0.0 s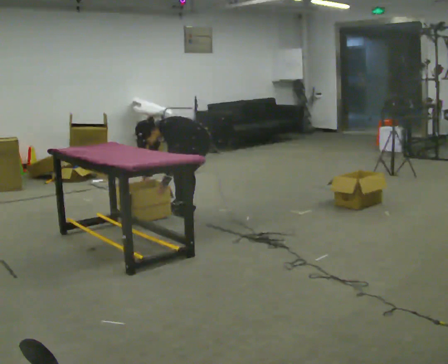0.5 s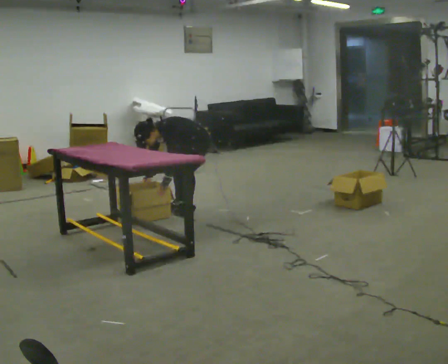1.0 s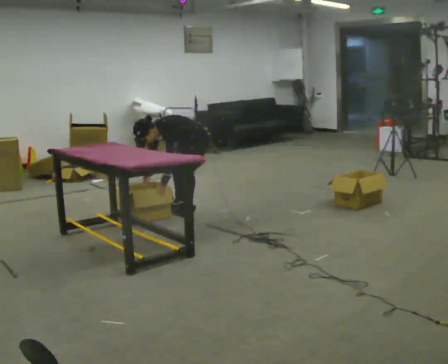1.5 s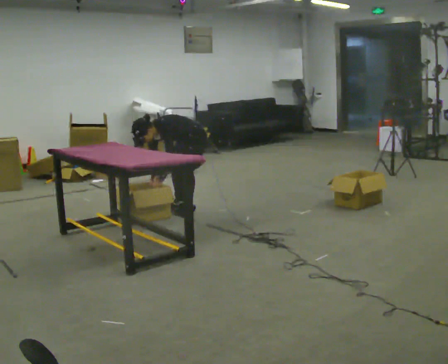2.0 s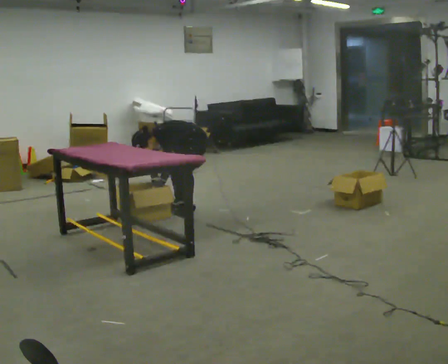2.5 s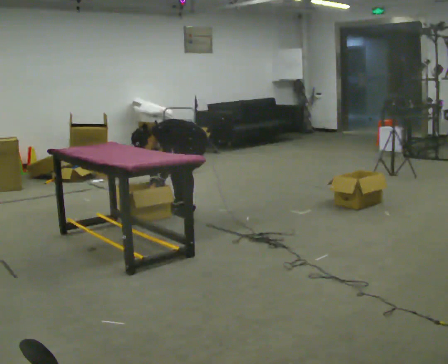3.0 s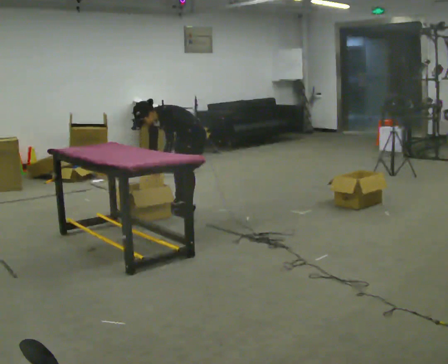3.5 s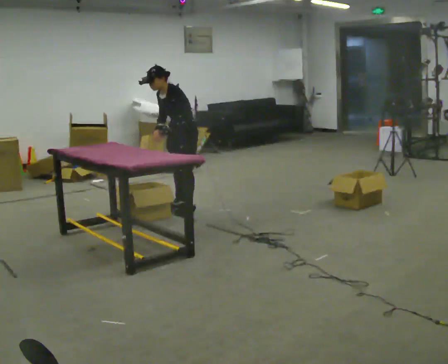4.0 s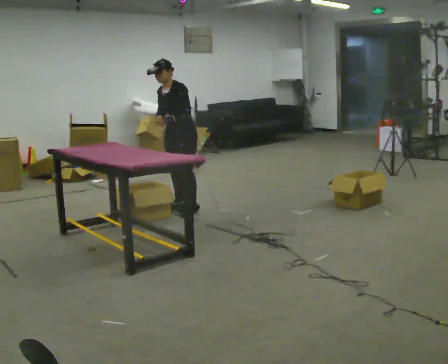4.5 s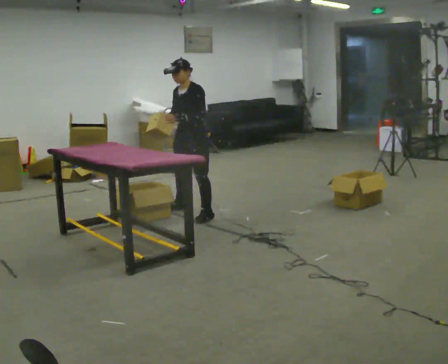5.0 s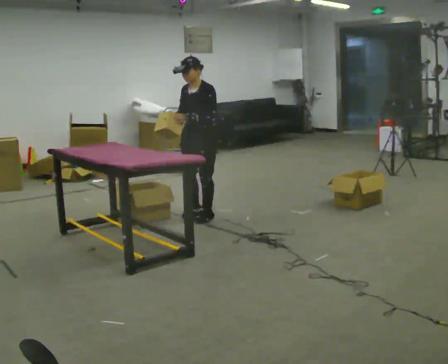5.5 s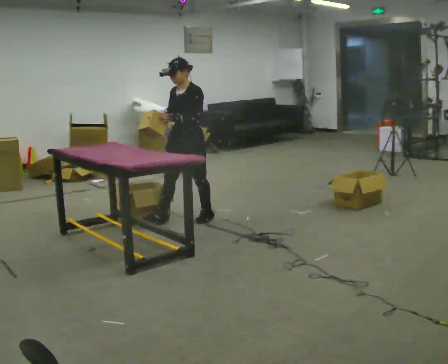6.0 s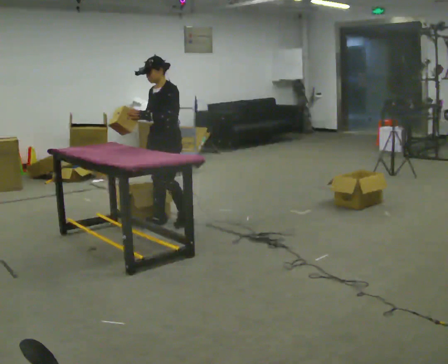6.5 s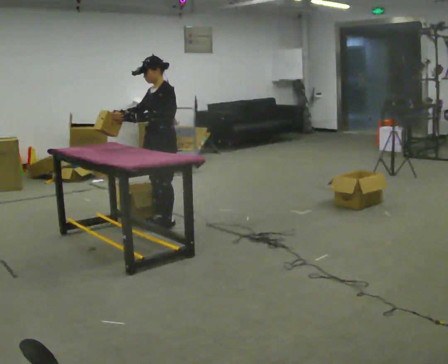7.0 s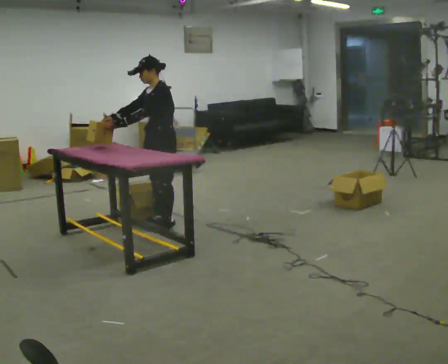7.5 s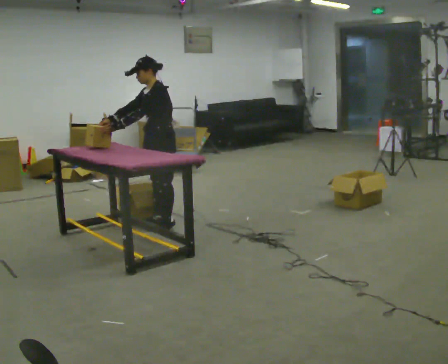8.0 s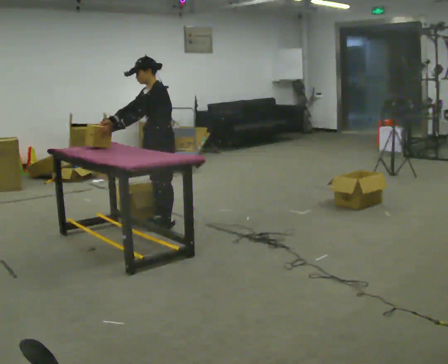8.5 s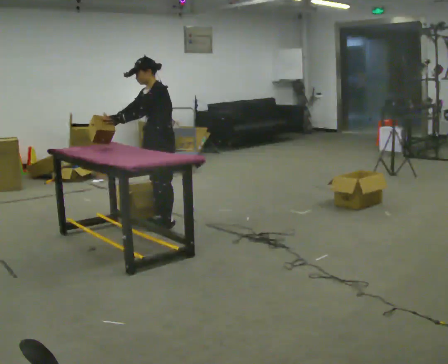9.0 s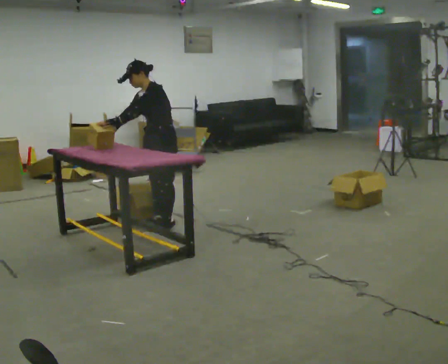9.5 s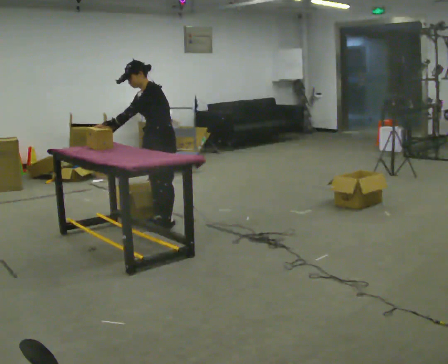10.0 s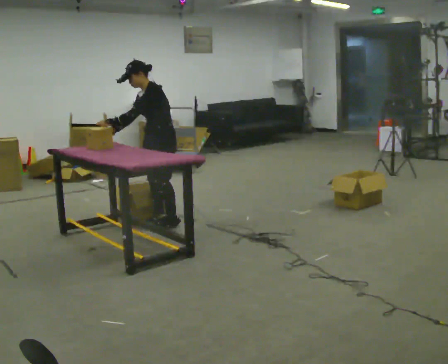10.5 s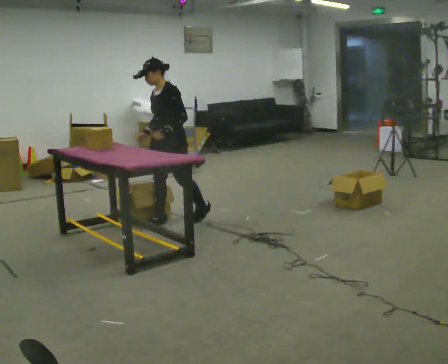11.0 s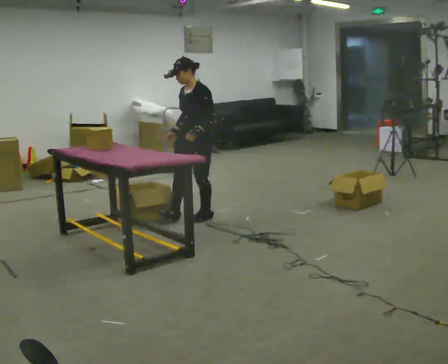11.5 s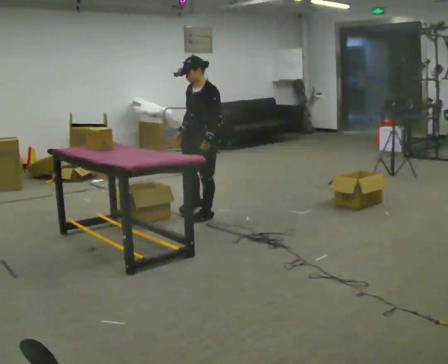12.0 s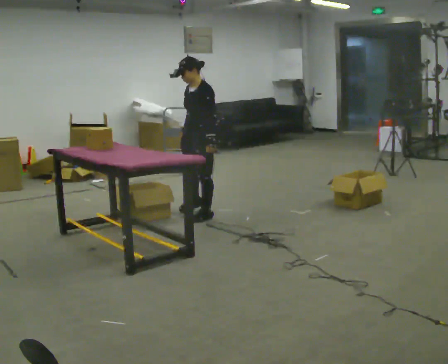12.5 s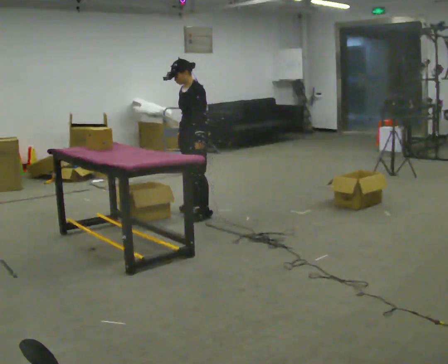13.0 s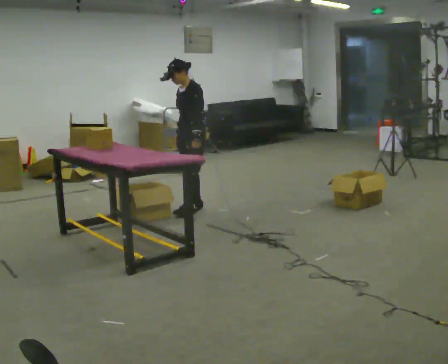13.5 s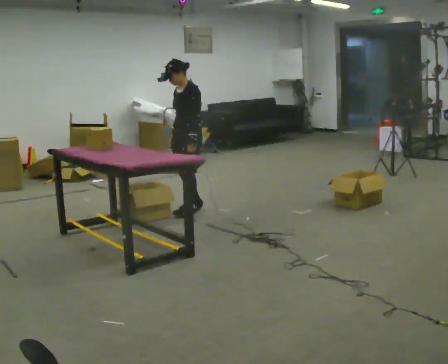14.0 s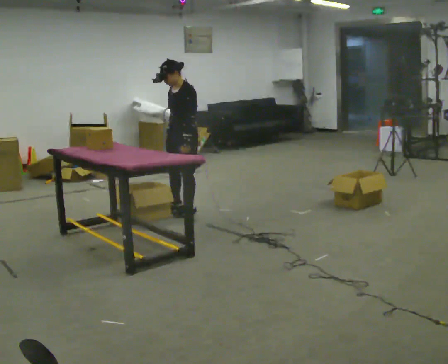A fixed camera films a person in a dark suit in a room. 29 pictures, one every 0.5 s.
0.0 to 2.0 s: The person moves a little, or ends about where they began.
2.0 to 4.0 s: The upper body goes upward. In the picture the upper body tilts clockwise, shoulders to the right, as they lean back or straighten. In the picture their right hand goes upward.
4.0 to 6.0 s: In the picture they go toward the camera and to the left, about 0.5 m in 2 steps, which for them is forward and to their left.
6.0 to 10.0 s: The person moves a little, or ends about where they began.
10.0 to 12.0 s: In the picture they go to the right, about 0.5 m in 2 steps, which for them is backward.
12.0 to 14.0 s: In the picture they go away from the camera, about 0.25 m in 2 steps, which for them is to their right.
The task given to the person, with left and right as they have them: 1. Take everything out of the crates by the door. 2. Put the small items on the middle shelf. 3. Put the large items on the bottom shelf. 4. Stack the empty crates by the door. 5. Tell the operator when you are finished.
The film runs forward here.
